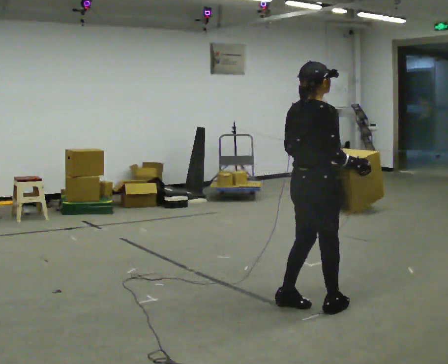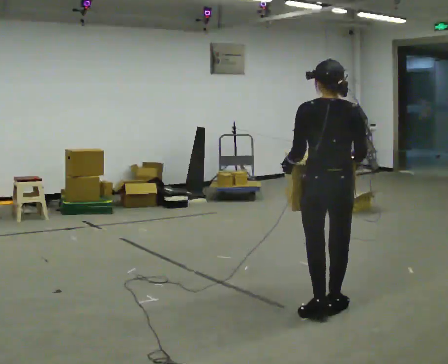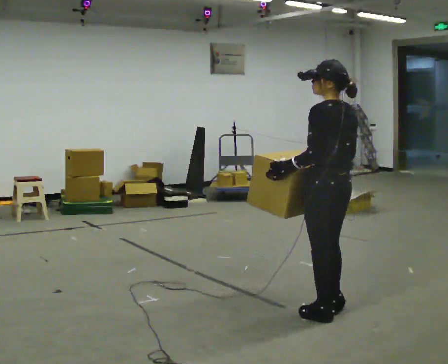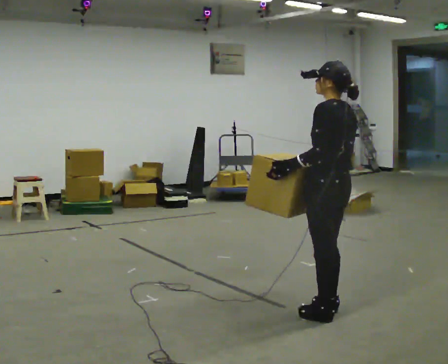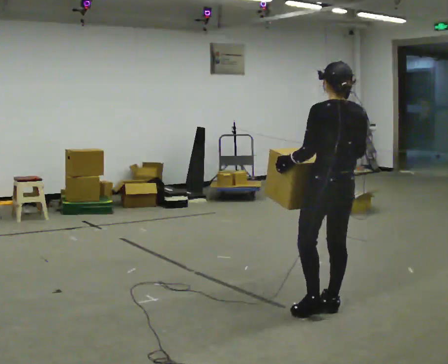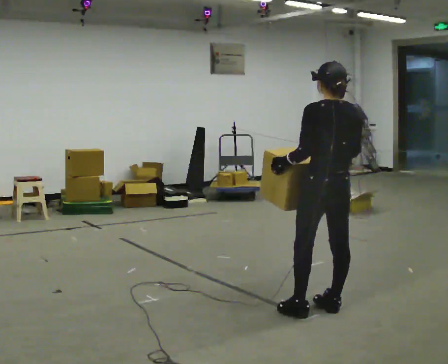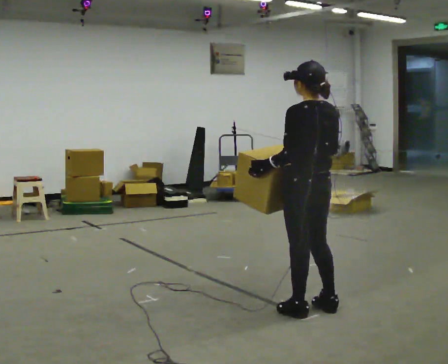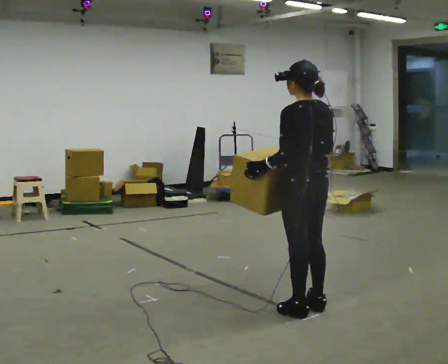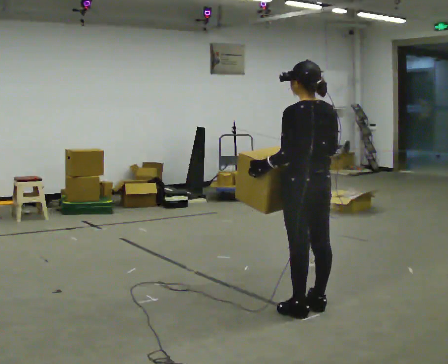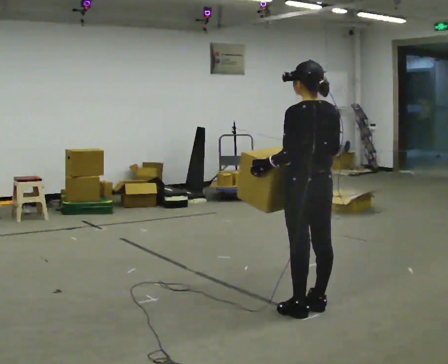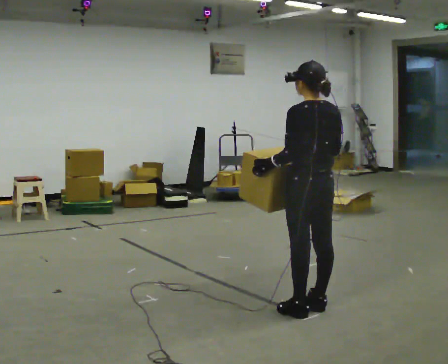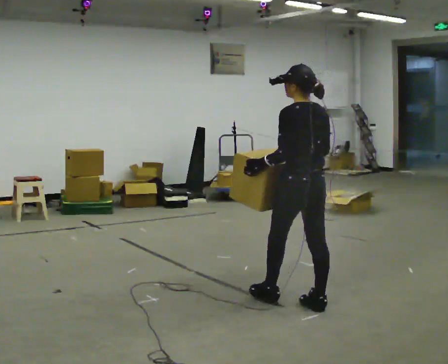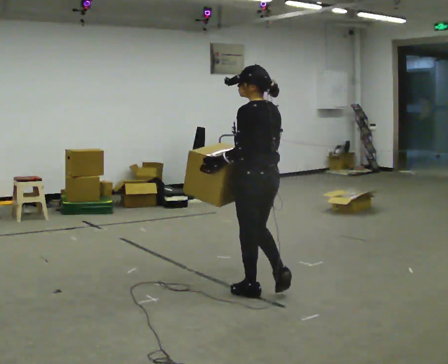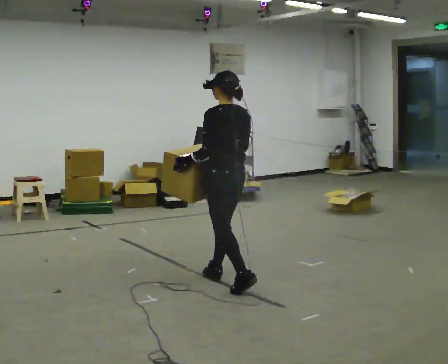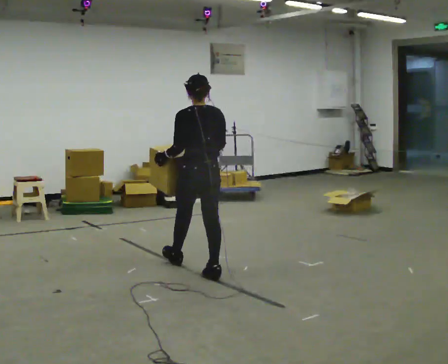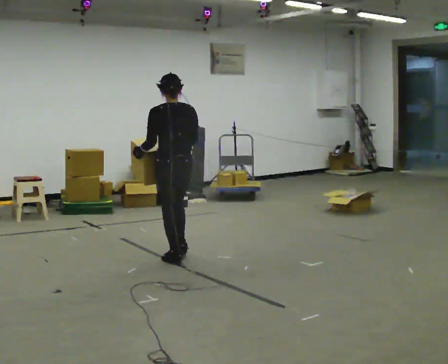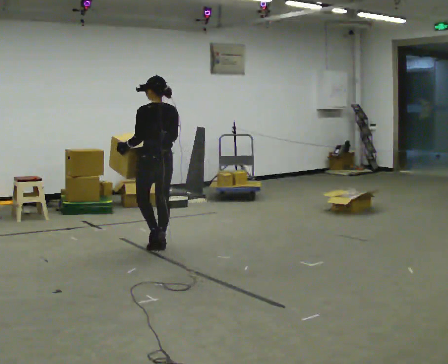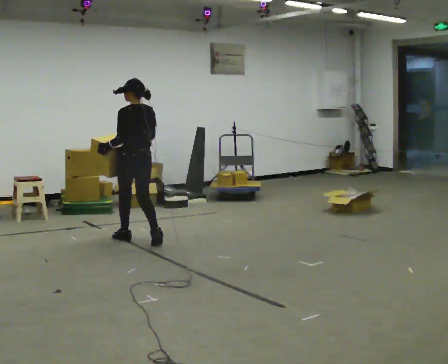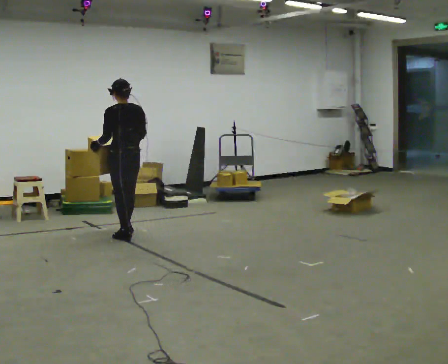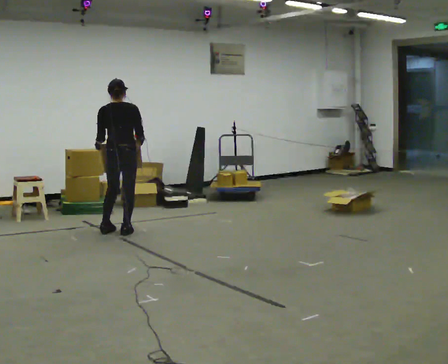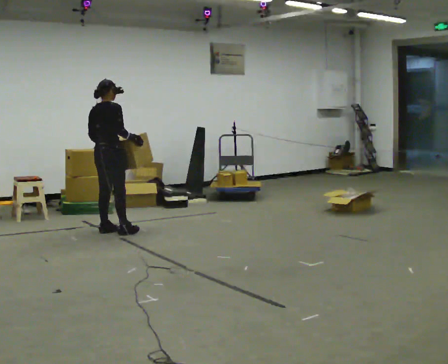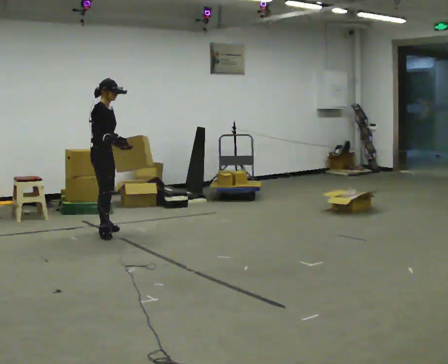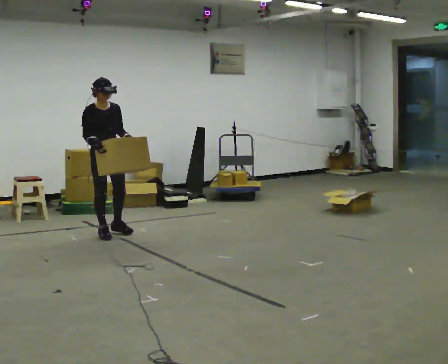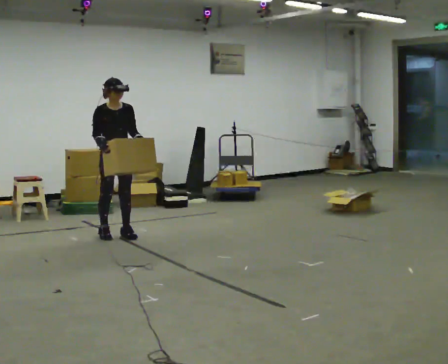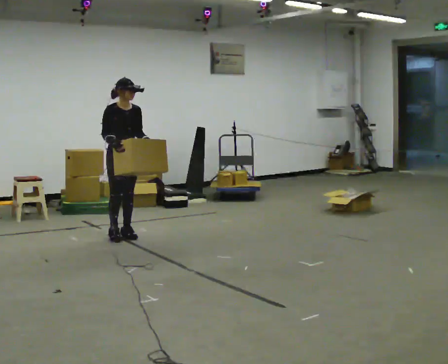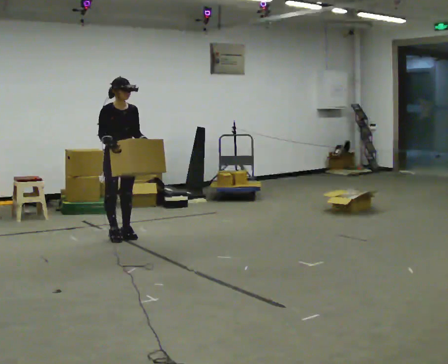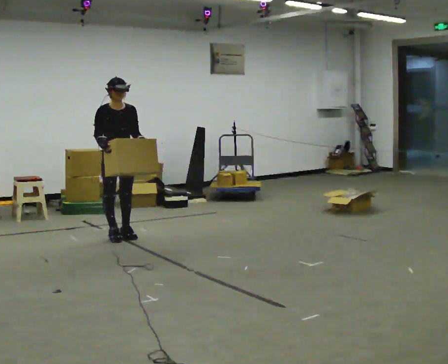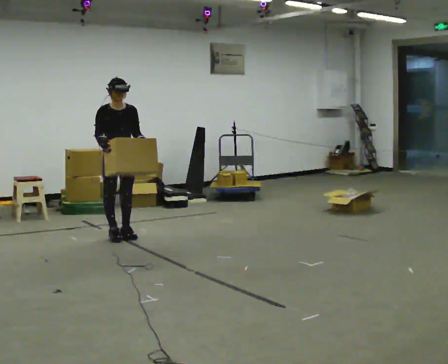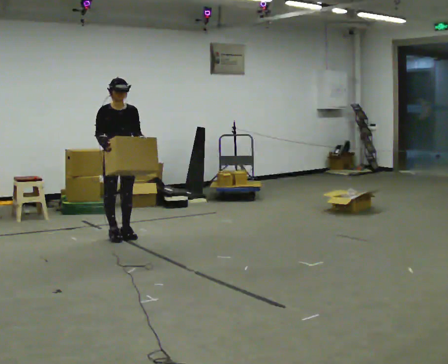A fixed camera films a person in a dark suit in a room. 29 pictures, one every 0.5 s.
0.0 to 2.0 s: The person turns about 90 degrees to their left, counterclockwise seen from above, so the part of the body nearest the lens slides to the right. In the picture they go to the right, about 0.25 m in 1 step.
2.0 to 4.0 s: The person moves a little, or ends about where they began.
4.0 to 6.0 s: In the picture they go away from the camera and to the left, about 0.5 m in 1 step, which for them is forward.
6.0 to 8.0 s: In the picture they go away from the camera and to the left, about 1.5 m in 3 steps, which for them is forward.
8.0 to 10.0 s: The part of the body nearest the lens slides to the left as the person turns to their right by about 75 degrees. In the picture they go to the left and away from the camera, about 1 m in 3 steps.
10.0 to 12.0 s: Seen from above the body turns clockwise, about 105 degrees: to their right, with its near side sliding to the left. In the picture they go to the right, about 0.25 m in 2 steps.
12.0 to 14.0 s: The person moves a little, or ends about where they began.
The film runs forward here.
